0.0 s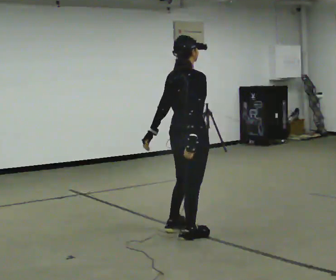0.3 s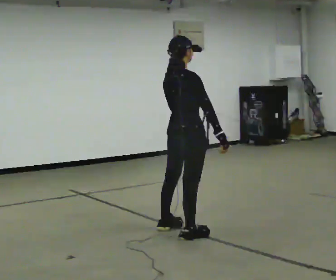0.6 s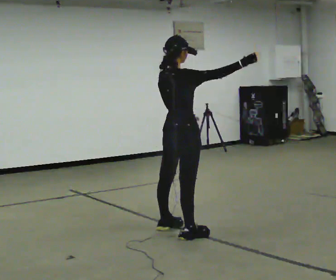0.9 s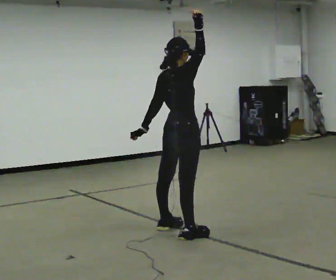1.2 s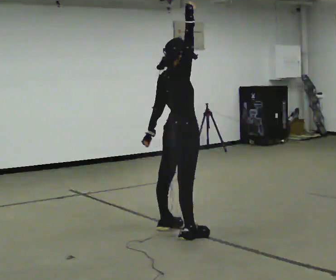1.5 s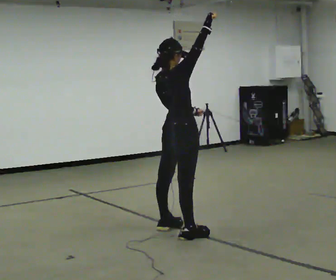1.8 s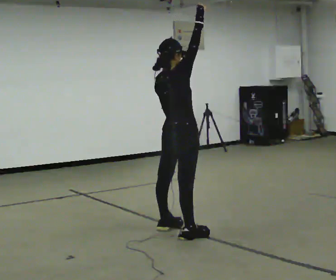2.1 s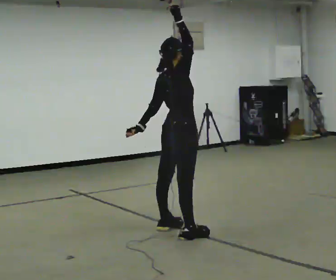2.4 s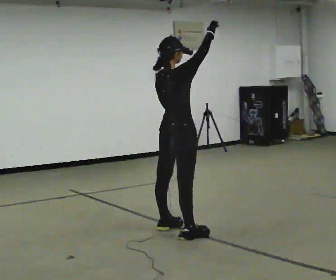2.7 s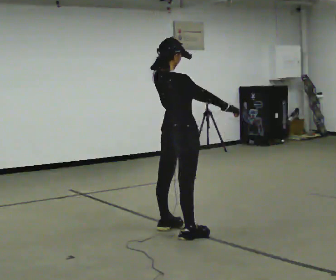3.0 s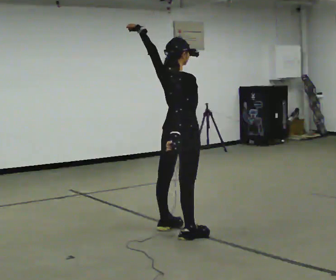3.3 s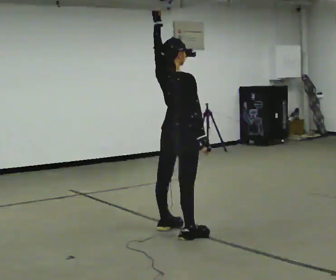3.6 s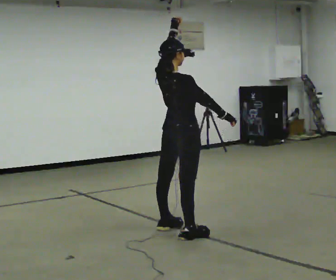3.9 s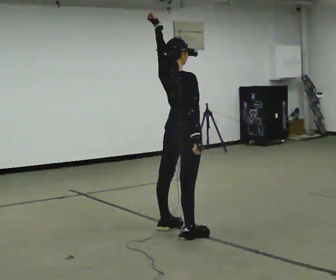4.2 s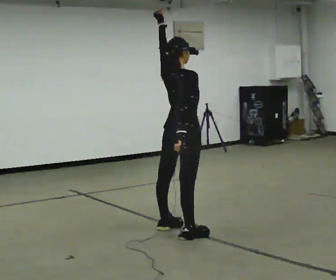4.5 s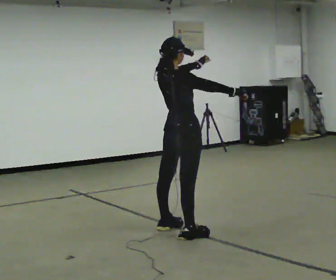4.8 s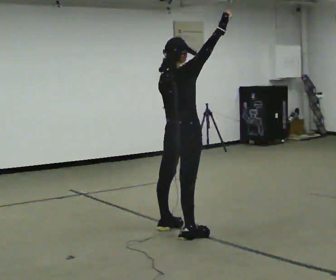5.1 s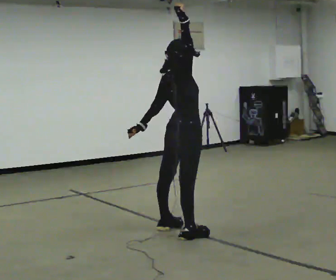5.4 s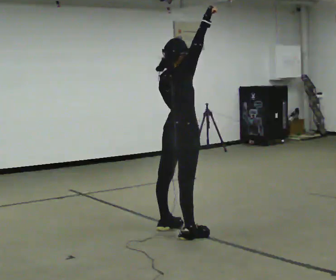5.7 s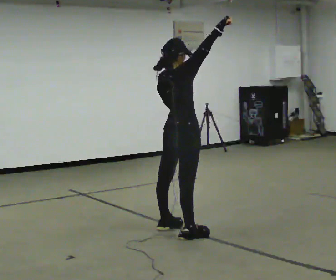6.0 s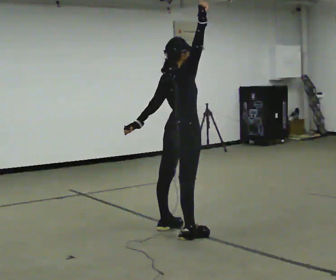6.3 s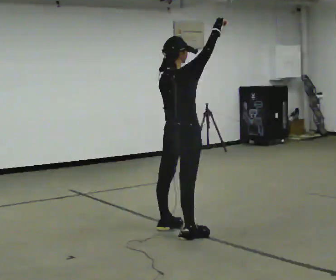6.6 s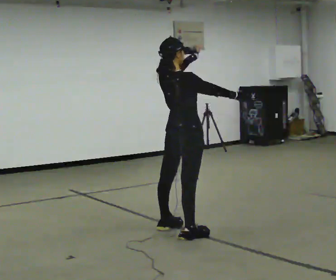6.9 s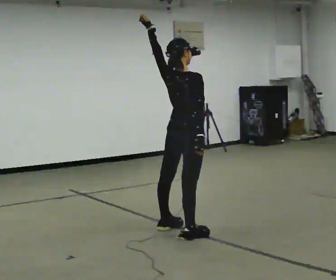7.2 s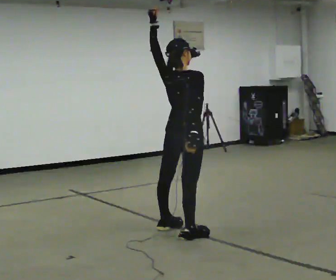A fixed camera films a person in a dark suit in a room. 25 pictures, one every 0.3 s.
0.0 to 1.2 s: In the picture they go away from the camera, about 0.25 m, which for them is to their left. In the picture their right hand goes upward, the arm swinging counterclockwise.
1.2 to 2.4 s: The person moves a little, or ends about where they began.
2.4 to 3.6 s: In the picture their left hand goes upward.
3.6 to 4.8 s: In the picture their left hand goes downward.
4.8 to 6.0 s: In the picture their left hand goes to the left.
6.0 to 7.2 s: In the picture their right hand goes downward, the arm swinging clockwise.
The film runs backward here.
